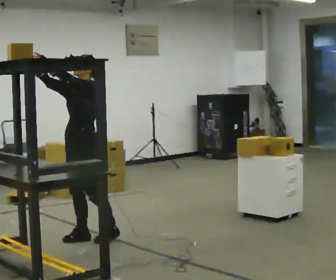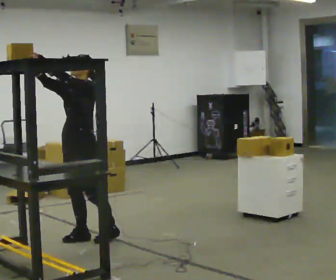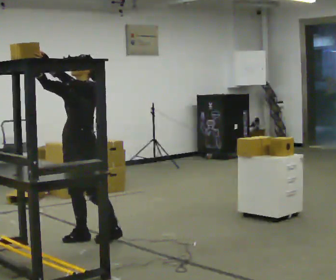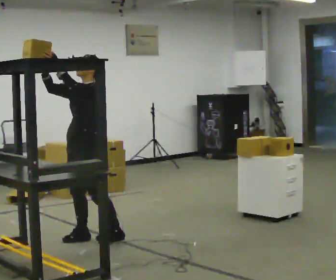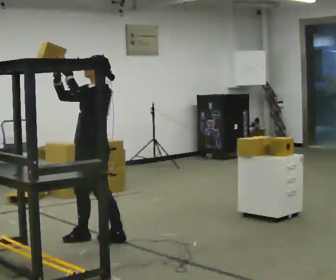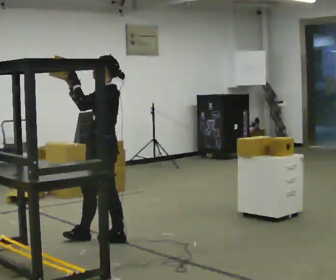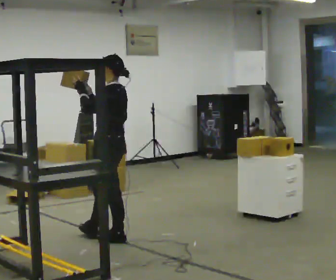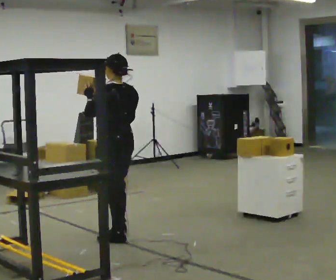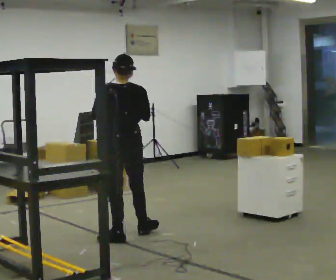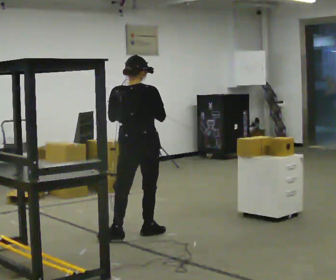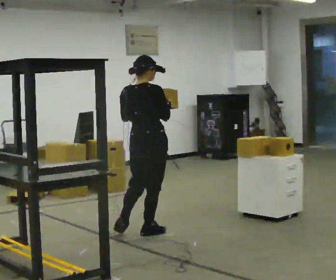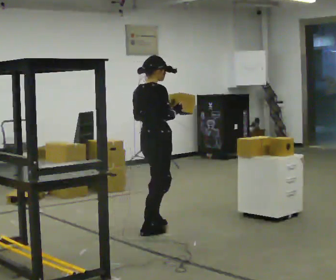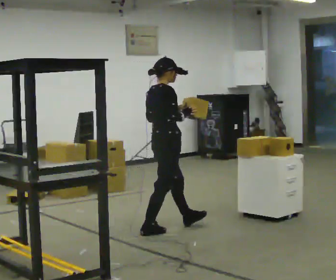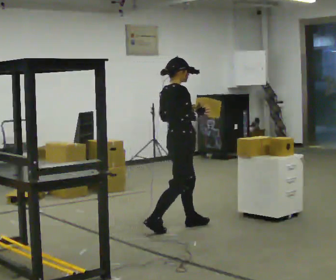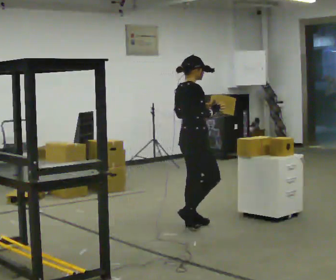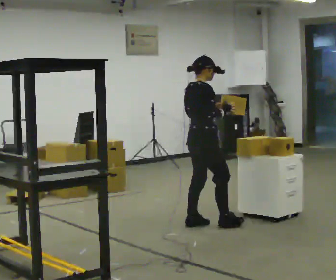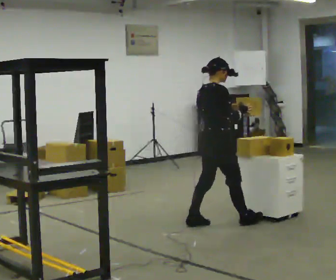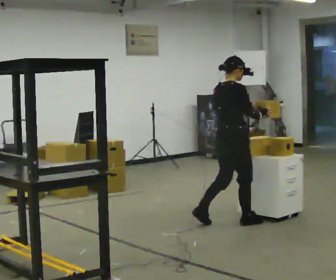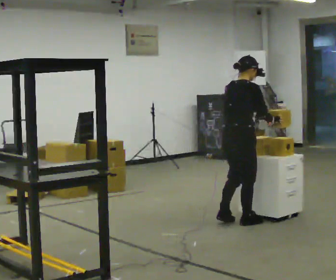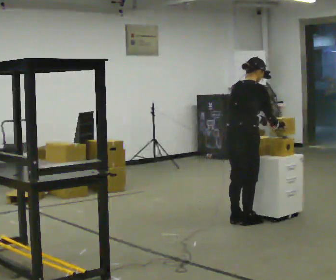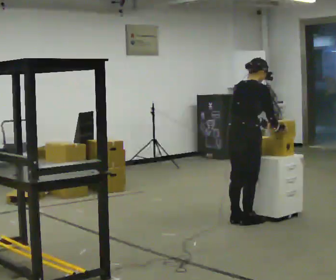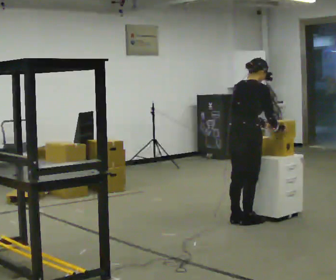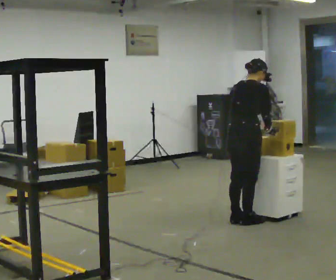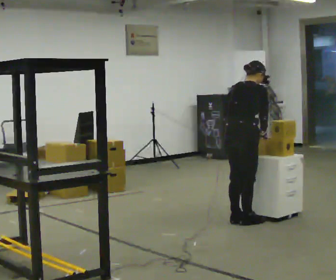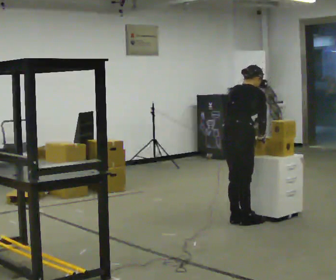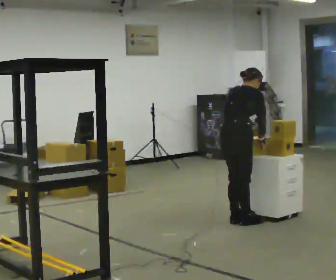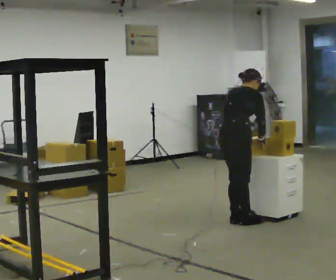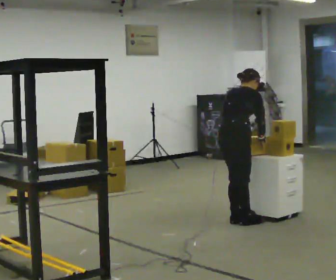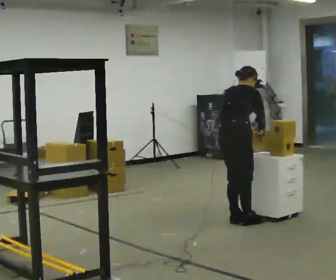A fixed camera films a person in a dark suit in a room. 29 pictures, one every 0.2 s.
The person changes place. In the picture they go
to the right.
0.0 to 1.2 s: The part of the body nearest the lens slides to the left as the person turns to their right by about 45 degrees. In the picture they go to the right, about 0.25 m, which for them is to their left and backward.
1.2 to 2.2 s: The part of the body nearest the lens slides to the left as the person turns to their right by about 135 degrees. In the picture they go to the right and away from the camera, about 0.25 m in 1 step.
2.2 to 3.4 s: In the picture they go to the right, about 0.5 m in 2 steps, which for them is forward.
3.4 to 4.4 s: The person moves a little, or ends about where they began.
4.4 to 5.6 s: The upper body tips away from the camera, its near side rolling upward.
The film runs forward here.
